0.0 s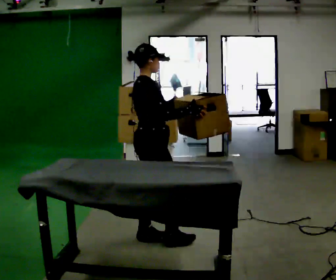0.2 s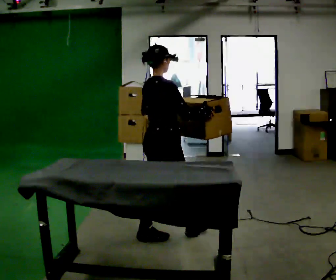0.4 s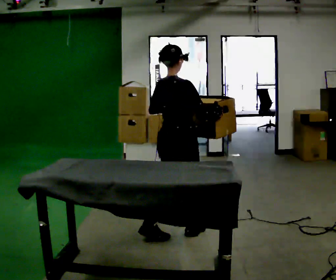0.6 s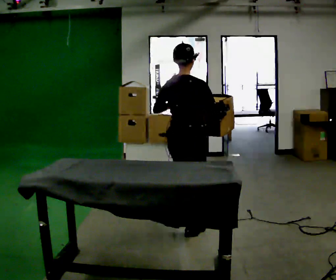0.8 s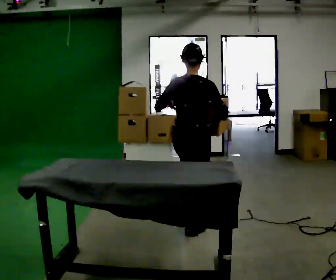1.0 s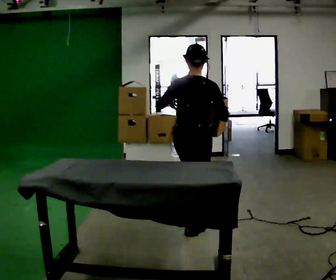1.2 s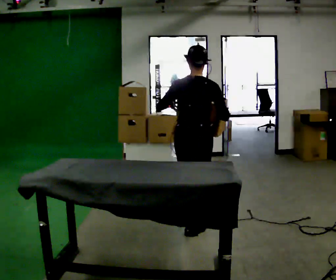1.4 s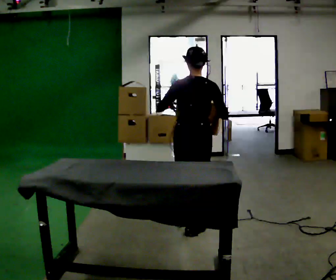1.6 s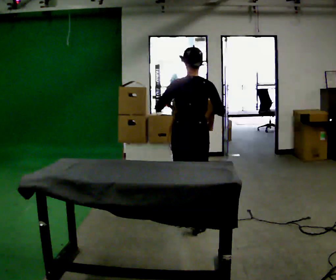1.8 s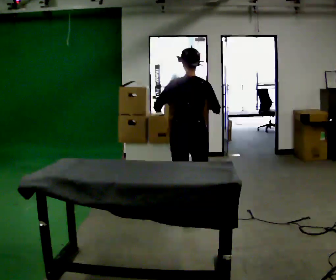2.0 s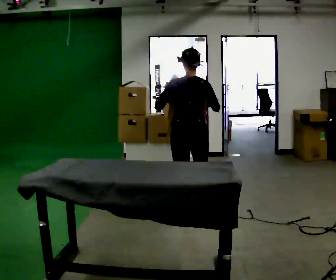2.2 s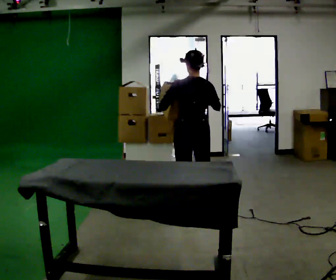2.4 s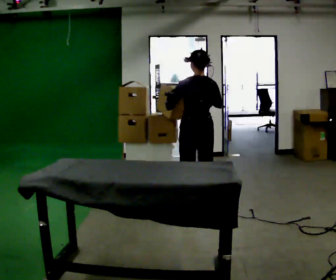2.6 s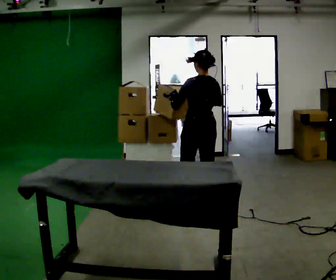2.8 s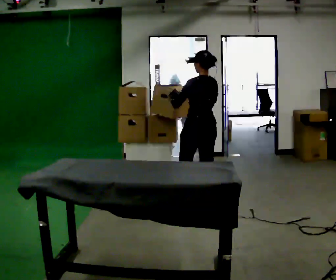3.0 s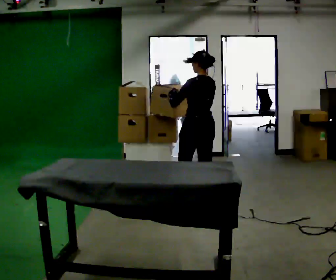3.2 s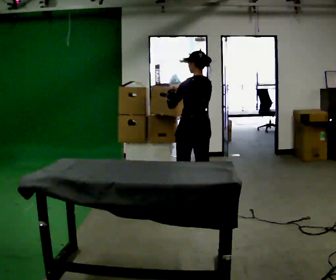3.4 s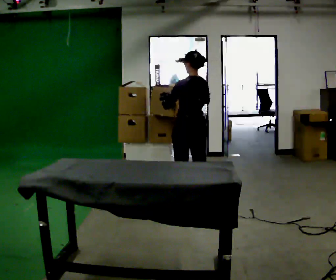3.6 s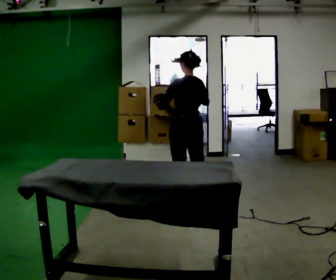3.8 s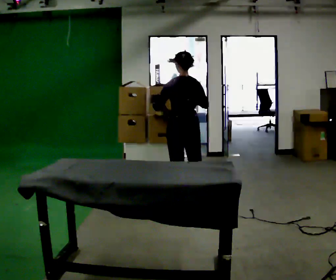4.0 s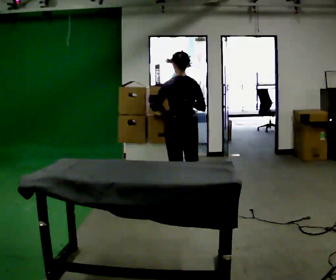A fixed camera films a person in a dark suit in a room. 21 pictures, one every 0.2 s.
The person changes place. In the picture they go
away from the camera.
The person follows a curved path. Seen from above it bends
counterclockwise.
0.0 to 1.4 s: The person turns about 60 degrees to their left, counterclockwise seen from above, so the part of the body nearest the lens slides to the right. In the picture they go to the right and away from the camera, about 0.5 m in 2 steps, which for them is forward.
1.4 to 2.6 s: The person turns about 45 degrees to their left, counterclockwise seen from above, so the part of the body nearest the lens slides to the right. In the picture they go away from the camera, about 0.5 m in 1 step, which for them is forward.
2.6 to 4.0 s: In the picture they go to the left, about 0.25 m in 1 step, which for them is forward.
The film runs forward here.
